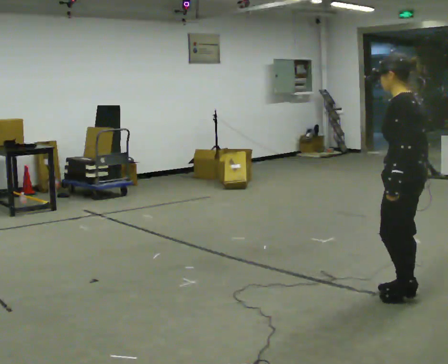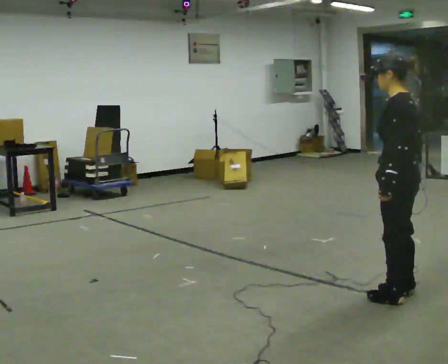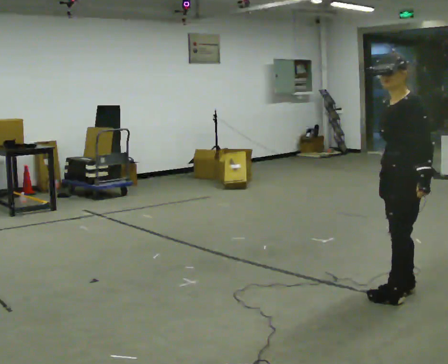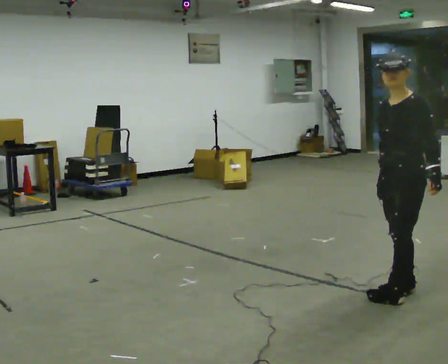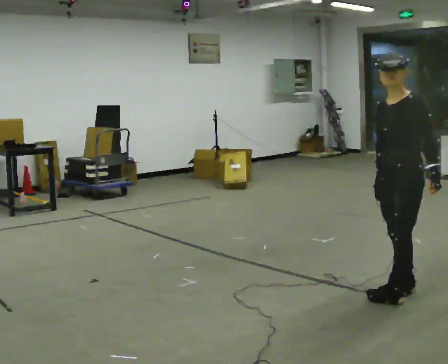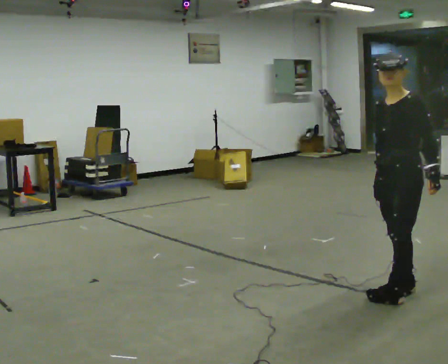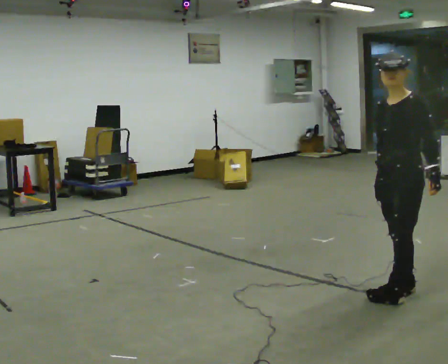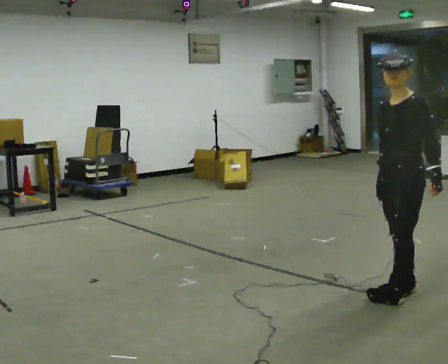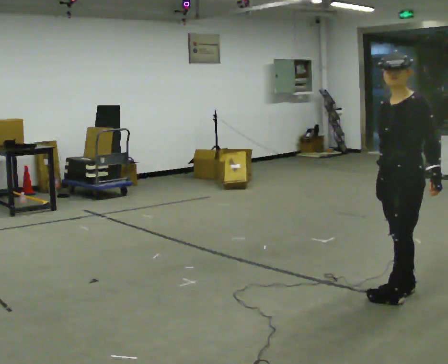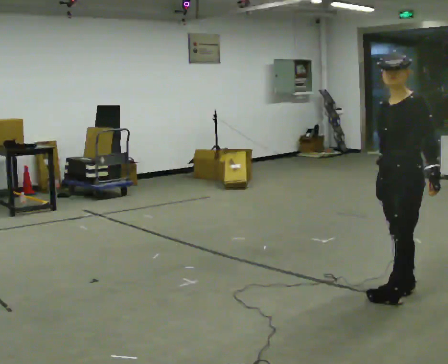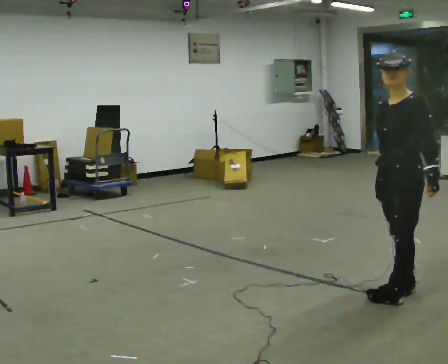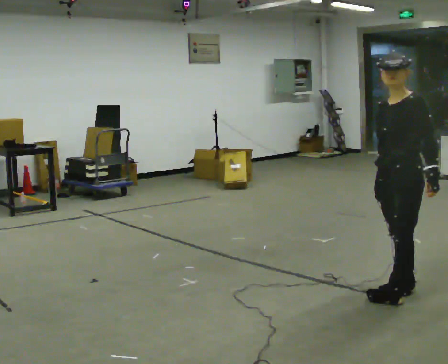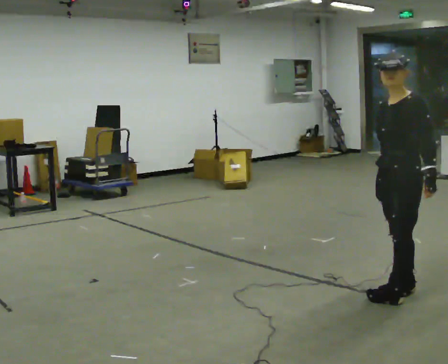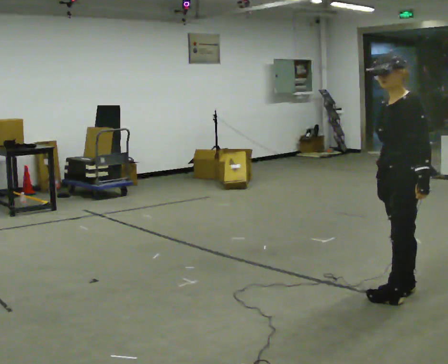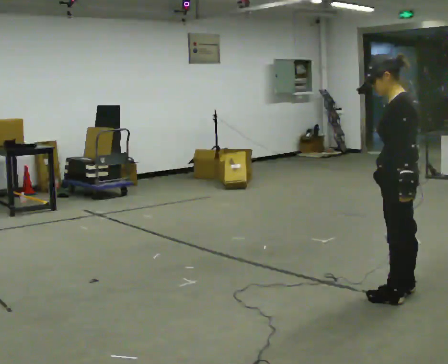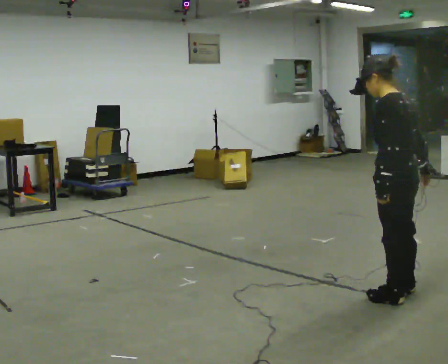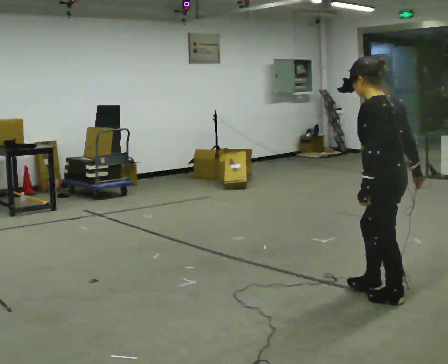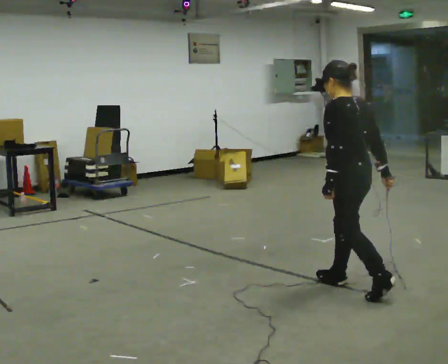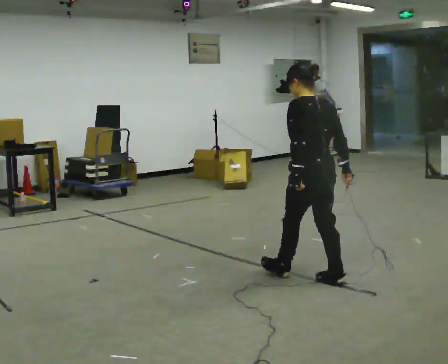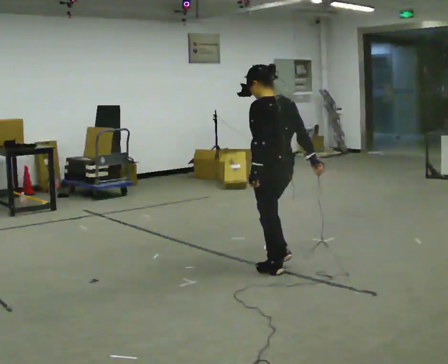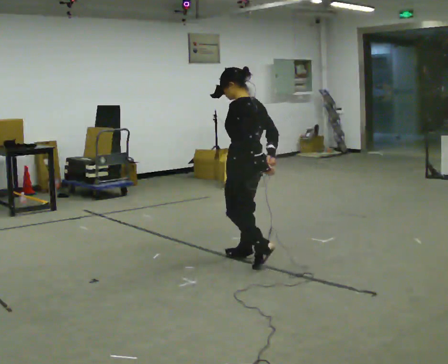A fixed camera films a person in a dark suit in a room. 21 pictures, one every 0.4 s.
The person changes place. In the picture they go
to the left.
0.0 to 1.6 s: The person turns about 60 degrees to their left, counterclockwise seen from above, so the part of the body nearest the lens slides to the right.
1.6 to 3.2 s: The person keeps their place and pose.
3.2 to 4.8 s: The person moves a little, or ends about where they began.
4.8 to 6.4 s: The part of the body nearest the lens slides to the left as the person turns to their right by about 60 degrees.
6.4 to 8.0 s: In the picture they go to the left and away from the camera, about 1.5 m in 3 steps, which for them is forward.
The film runs forward here.
